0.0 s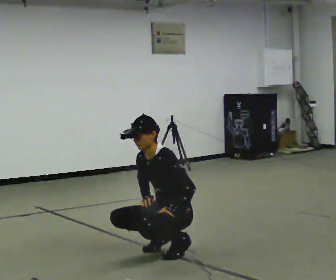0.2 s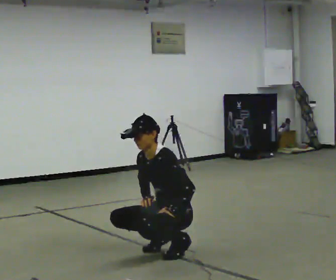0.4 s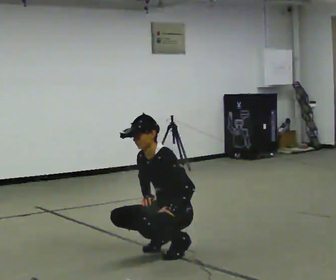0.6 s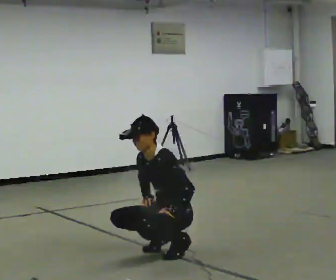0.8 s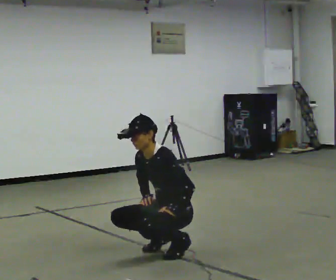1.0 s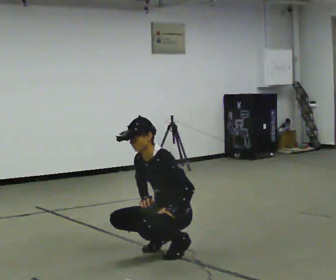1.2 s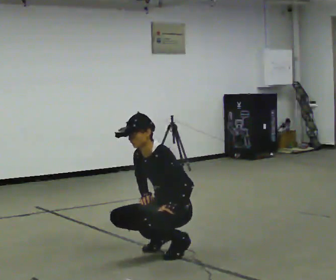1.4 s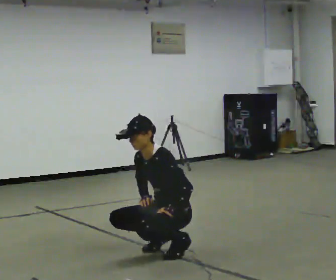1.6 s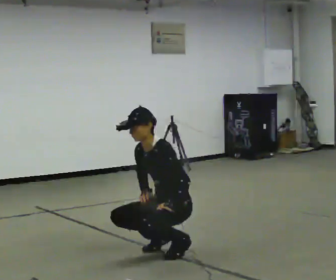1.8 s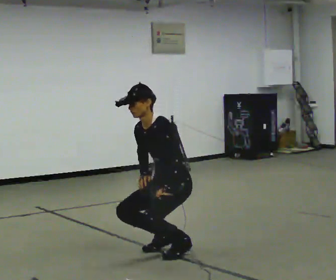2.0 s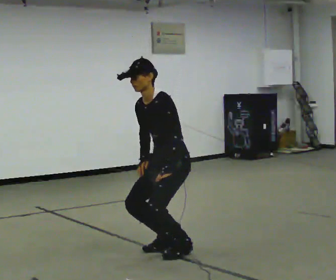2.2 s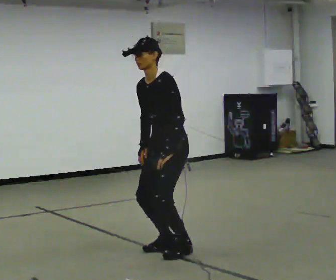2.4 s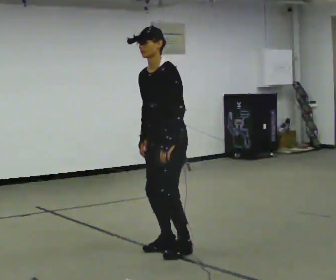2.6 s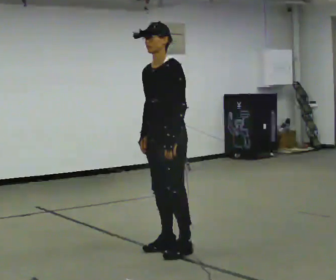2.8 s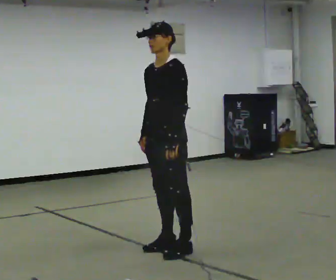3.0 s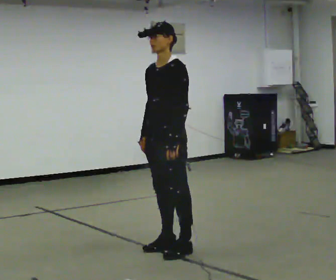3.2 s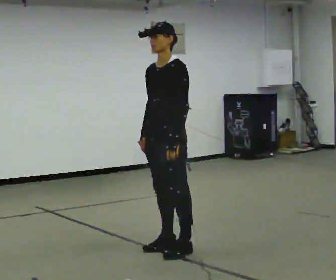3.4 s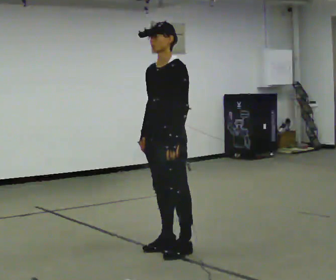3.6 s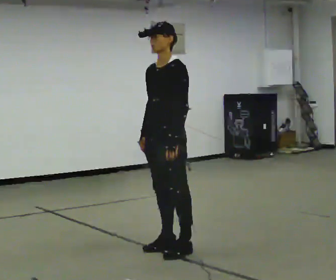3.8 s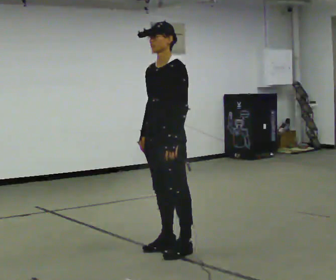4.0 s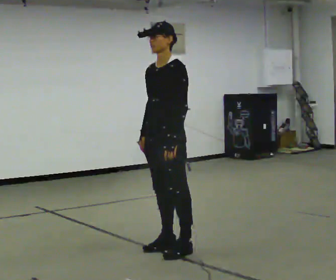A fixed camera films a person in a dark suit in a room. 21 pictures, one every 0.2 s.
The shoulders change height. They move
upward.
Their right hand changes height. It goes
upward.
0.0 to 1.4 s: The person moves a little, or ends about where they began.
1.4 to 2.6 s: The upper body goes upward. In the picture the upper body tilts clockwise, shoulders to the right, as they lean back or straighten. In the picture their right hand goes upward.
2.6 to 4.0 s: The person moves a little, or ends about where they began.
The film runs backward here.
